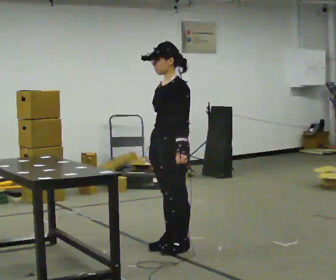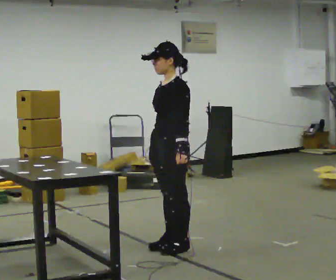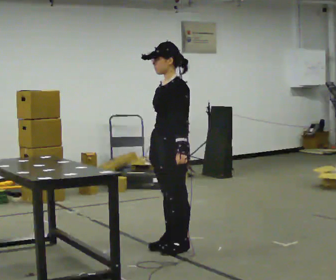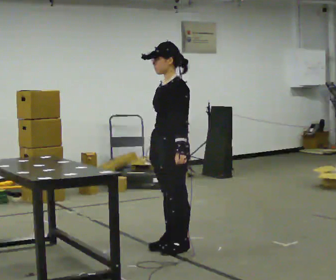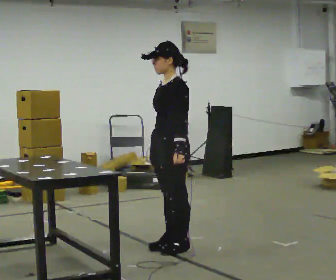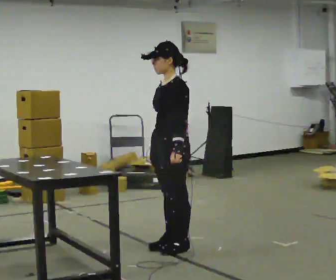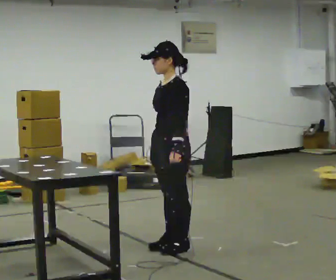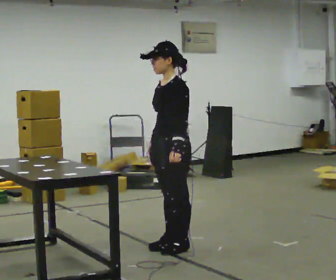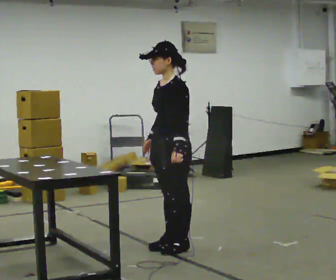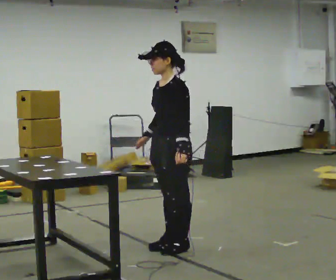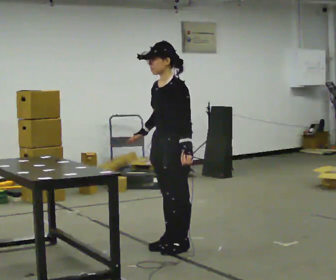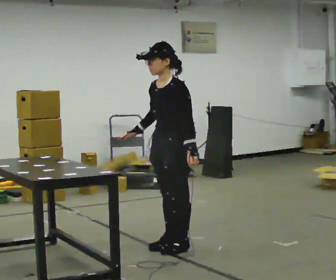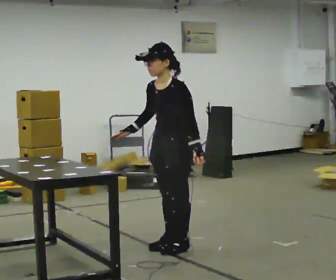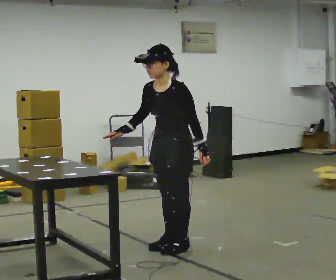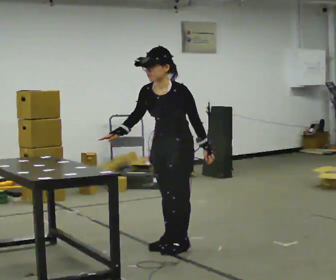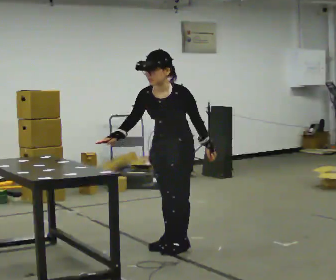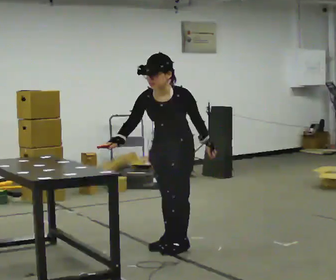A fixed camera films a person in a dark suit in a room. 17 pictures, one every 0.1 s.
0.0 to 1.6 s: The part of the body nearest the lens slides to the right as the person turns to their left by about 30 degrees. The upper body tips toward the camera, its near side rolling downward, as they bend forward.
The film runs backward here.
